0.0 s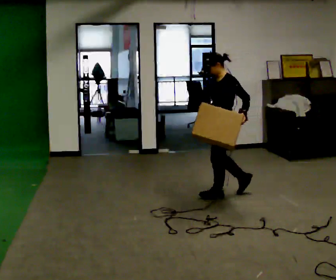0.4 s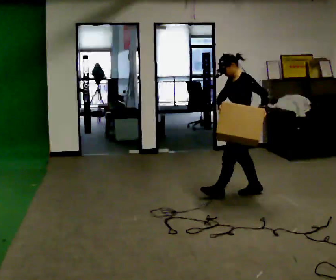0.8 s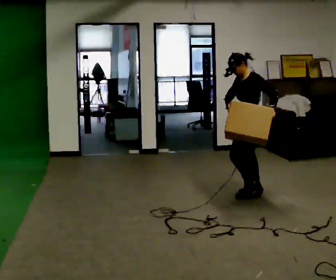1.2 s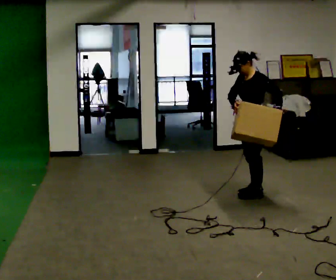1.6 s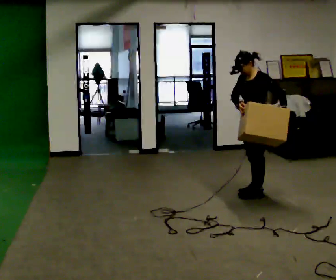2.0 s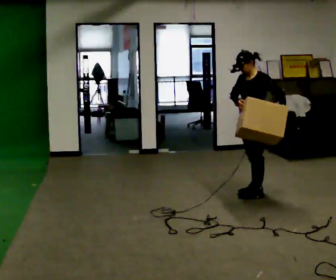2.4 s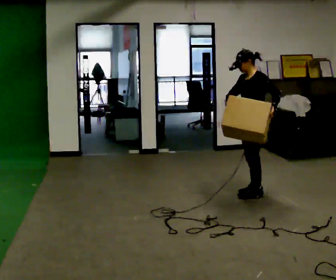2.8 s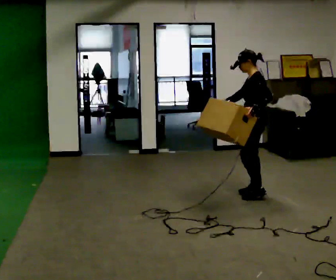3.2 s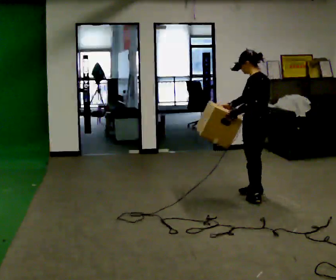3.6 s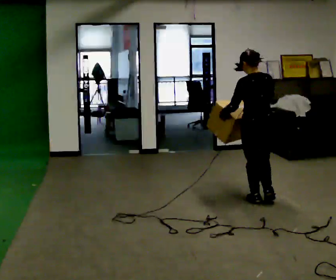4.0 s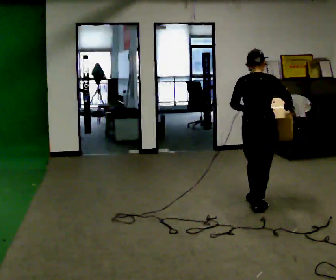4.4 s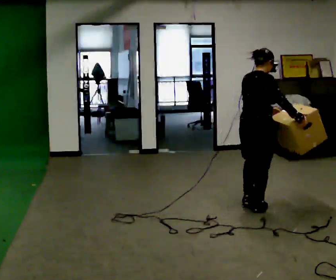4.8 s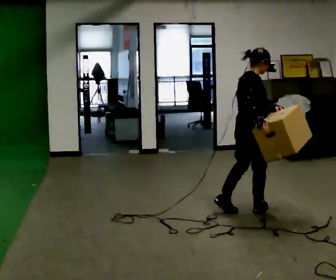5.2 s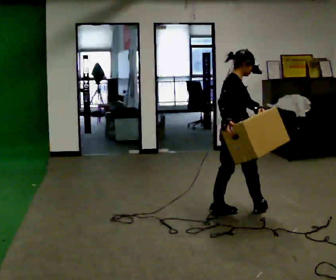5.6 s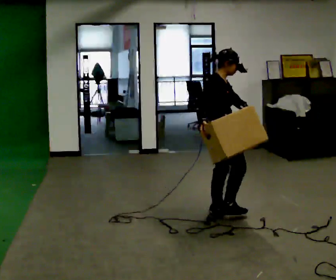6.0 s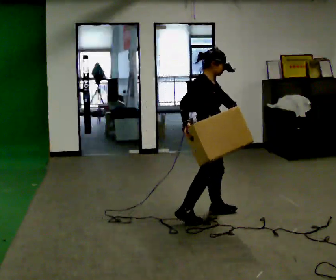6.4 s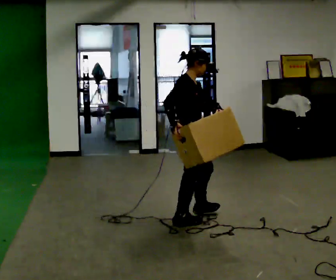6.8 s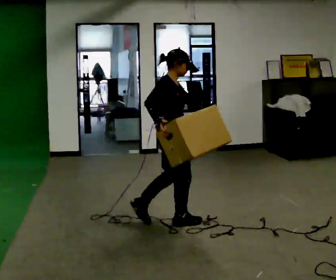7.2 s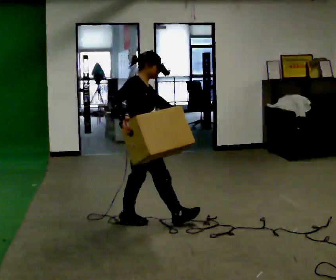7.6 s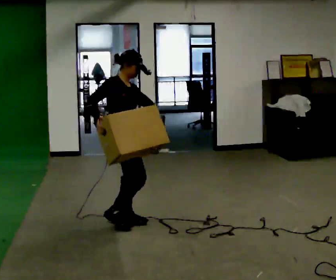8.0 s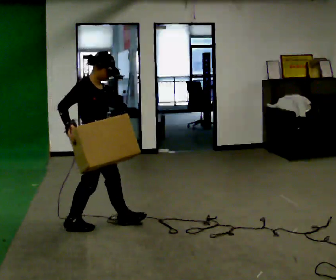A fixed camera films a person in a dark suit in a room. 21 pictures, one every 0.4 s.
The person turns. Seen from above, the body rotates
clockwise.
The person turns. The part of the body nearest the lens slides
to the left.
0.0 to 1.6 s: In the picture they go to the right, about 0.25 m in 1 step, which for them is backward.
1.6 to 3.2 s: The part of the body nearest the lens slides to the left as the person turns to their right by about 45 degrees. In the picture they go toward the camera, about 0.25 m in 1 step, which for them is to their left. In the picture their left hand goes to the left.
3.2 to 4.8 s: The person turns about 105 degrees to their right, clockwise seen from above, so the part of the body nearest the lens slides to the left. In the picture they go toward the camera, about 0.5 m in 2 steps.
4.8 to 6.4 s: Seen from above the body turns clockwise, about 30 degrees: to their right, with its near side sliding to the left. In the picture they go to the left and toward the camera, about 0.5 m in 2 steps, which for them is backward.
6.4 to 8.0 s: In the picture they go to the left, about 1 m in 1 step, which for them is backward.
The film runs backward here.
